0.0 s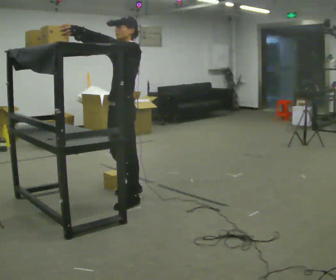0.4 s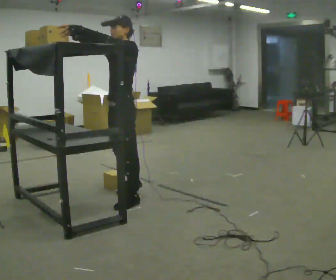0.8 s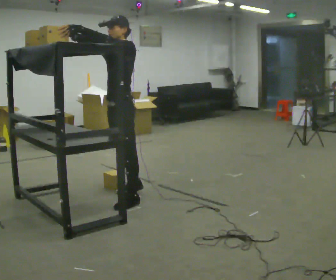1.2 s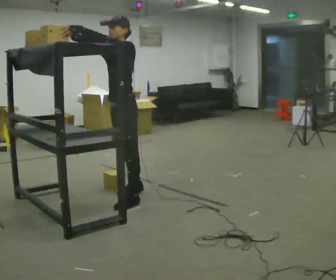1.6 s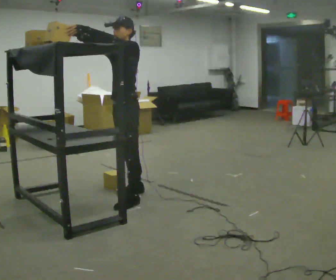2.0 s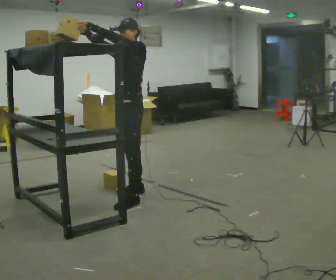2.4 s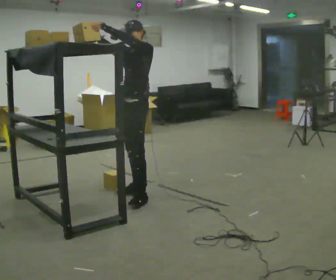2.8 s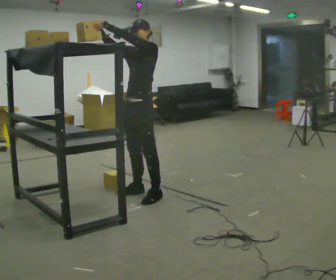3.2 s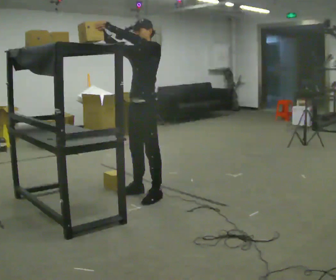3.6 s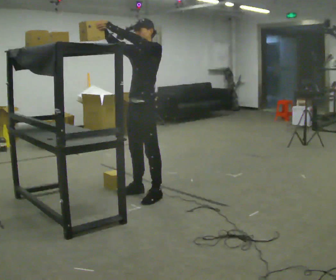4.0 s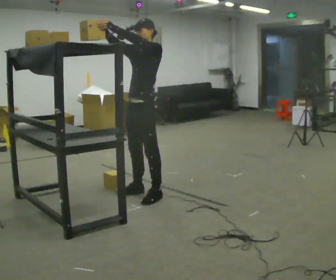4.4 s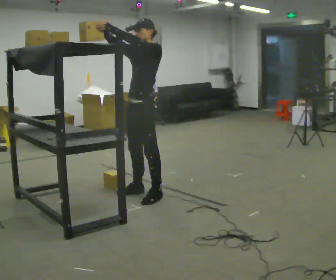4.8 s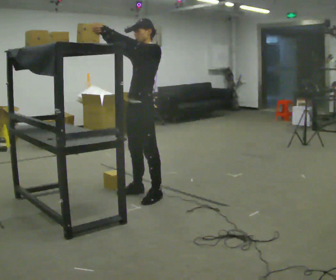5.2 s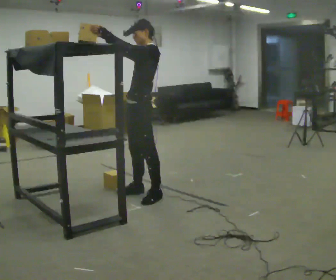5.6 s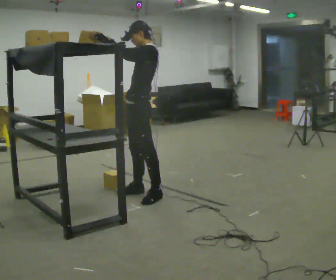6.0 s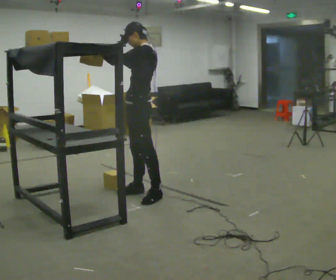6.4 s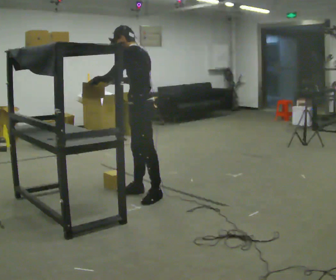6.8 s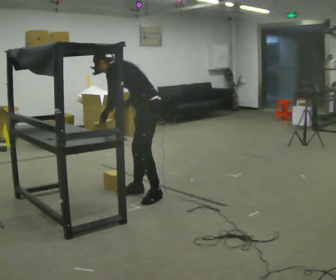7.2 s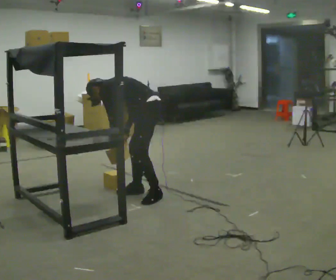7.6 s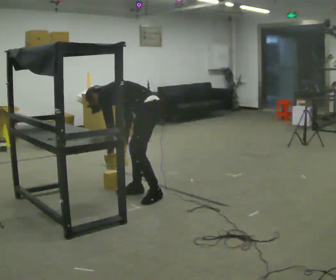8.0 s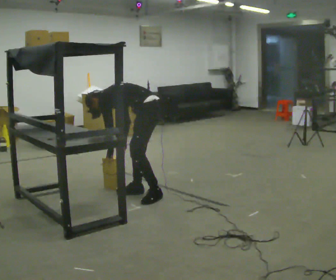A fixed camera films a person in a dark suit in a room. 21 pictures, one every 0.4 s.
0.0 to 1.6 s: The person moves a little, or ends about where they began.
1.6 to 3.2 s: In the picture they go to the right, about 0.25 m in 1 step, which for them is backward.
3.2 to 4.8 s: The person moves a little, or ends about where they began.
4.8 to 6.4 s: The part of the body nearest the lens slides to the left as the person turns to their right by about 30 degrees. In the picture the upper body tilts counterclockwise, shoulders to the left, as they bend forward. In the picture their right hand goes downward.
6.4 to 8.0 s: The shoulders move downward. In the picture the upper body tilts counterclockwise, shoulders to the left, as they bend forward. In the picture their left hand goes downward, the arm swinging counterclockwise.
The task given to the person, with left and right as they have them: Pick an object up off the floor at your feet and place it on the highest shelf you can comfortably reach. Repeat at your own pace until the operator says stop. Keep both feet on the marked spots for the whole take. If you have to step, stop and tell the operator.
The film runs forward here.
